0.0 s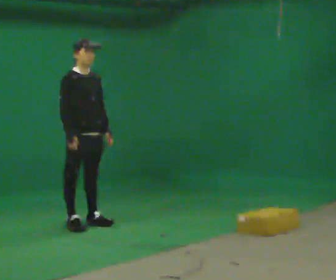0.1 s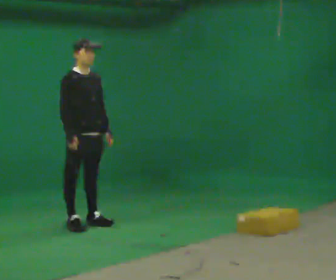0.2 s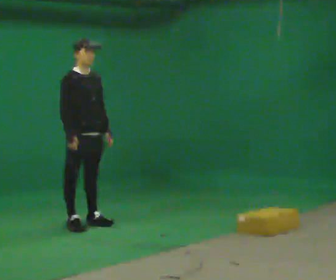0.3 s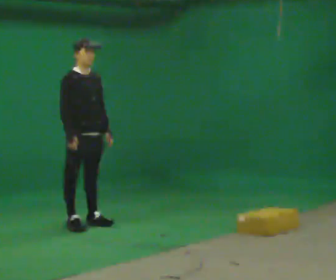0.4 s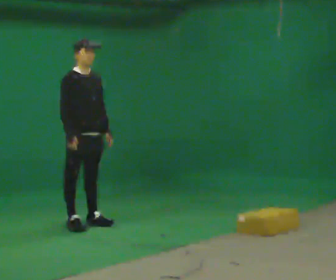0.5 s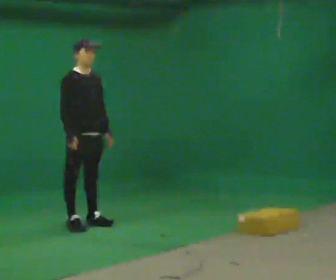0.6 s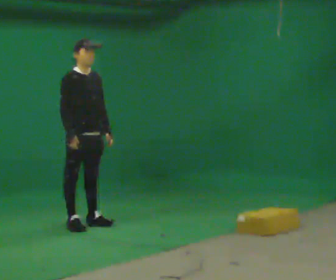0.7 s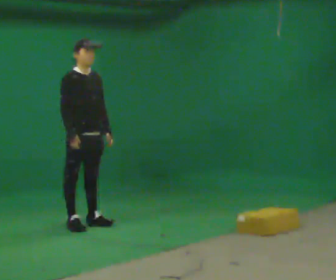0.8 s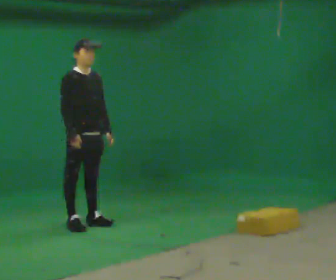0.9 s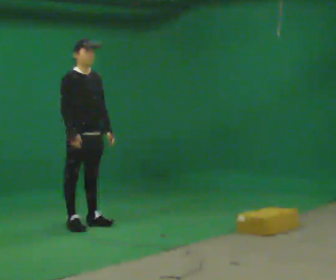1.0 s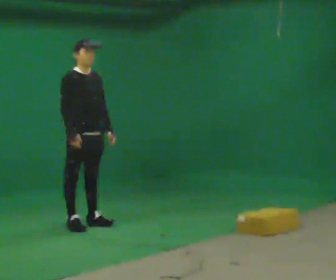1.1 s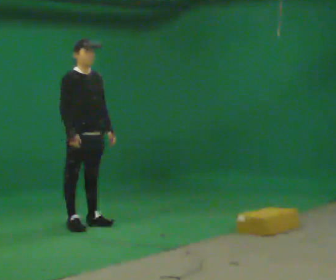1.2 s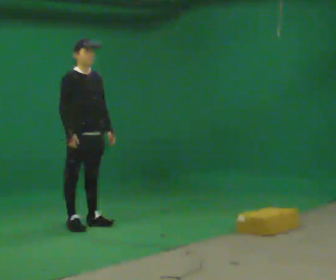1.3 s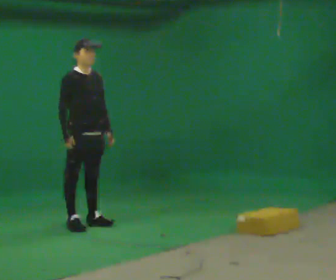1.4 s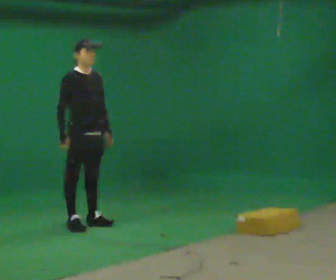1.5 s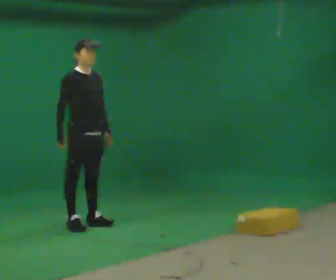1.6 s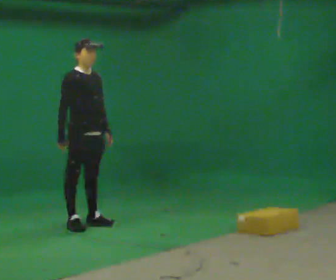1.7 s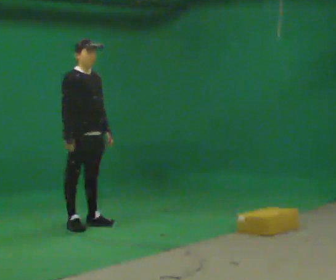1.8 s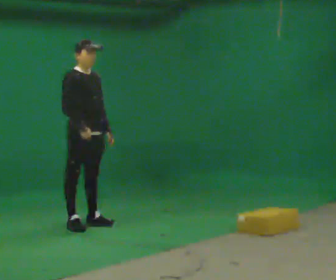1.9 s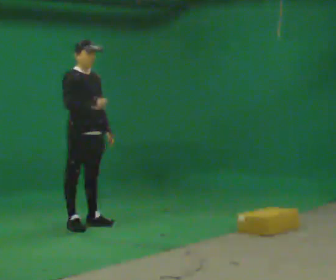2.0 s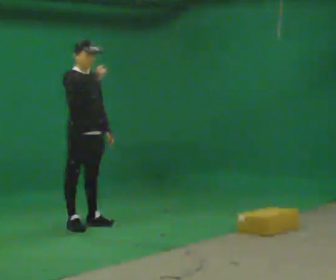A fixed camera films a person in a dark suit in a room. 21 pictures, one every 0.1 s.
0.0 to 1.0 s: The person moves a little, or ends about where they began.
1.0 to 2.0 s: In the picture their right hand goes upward.
The film runs backward here.
